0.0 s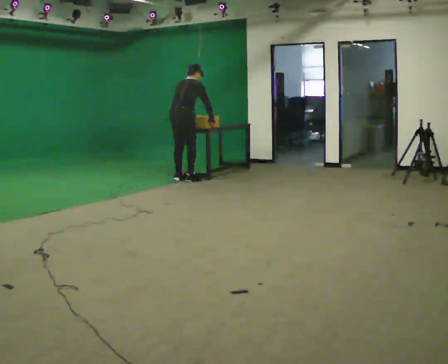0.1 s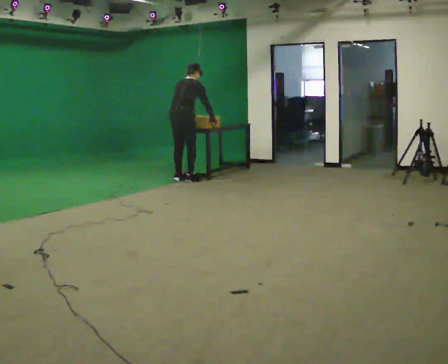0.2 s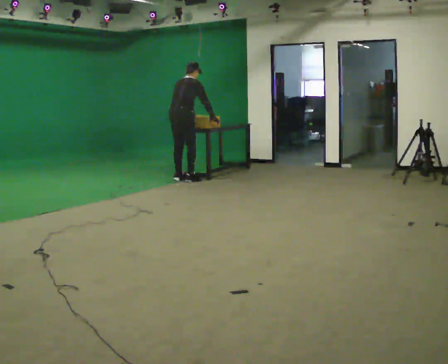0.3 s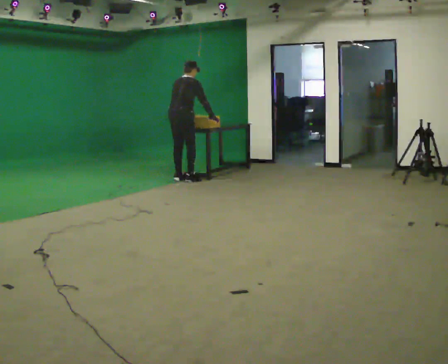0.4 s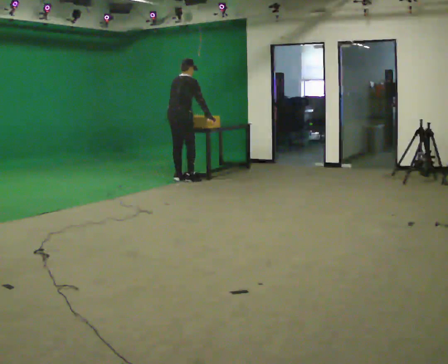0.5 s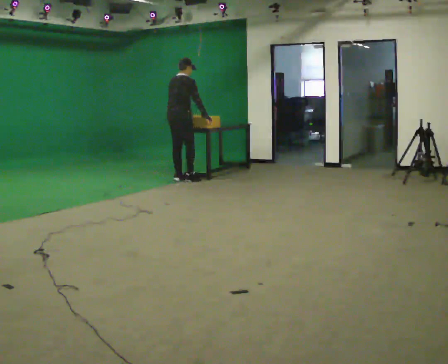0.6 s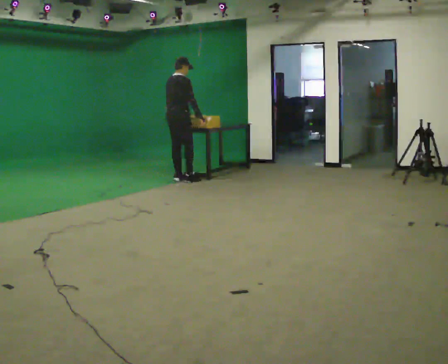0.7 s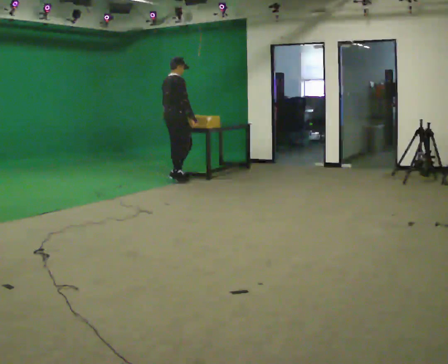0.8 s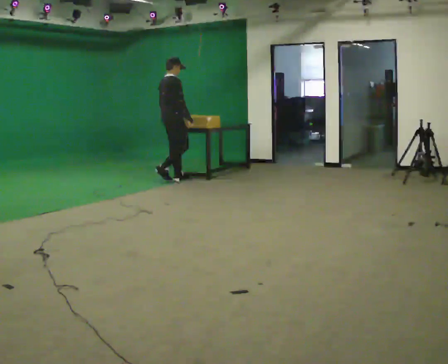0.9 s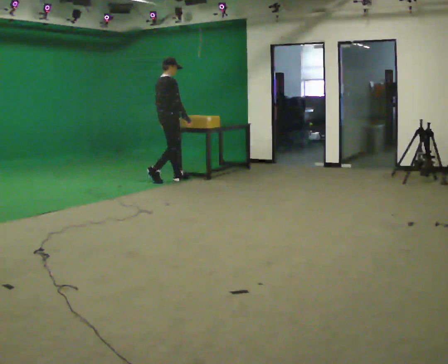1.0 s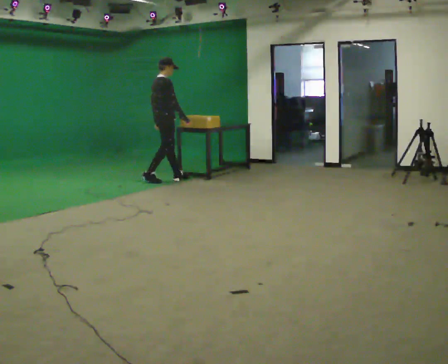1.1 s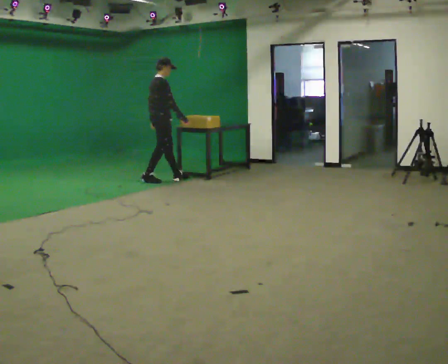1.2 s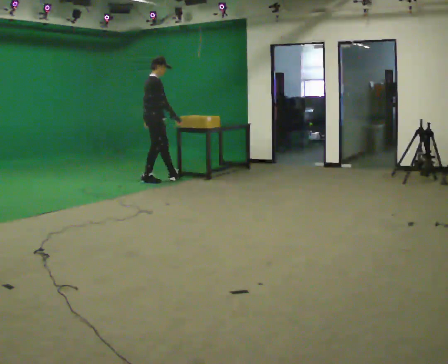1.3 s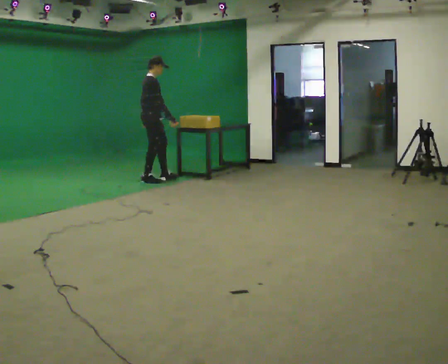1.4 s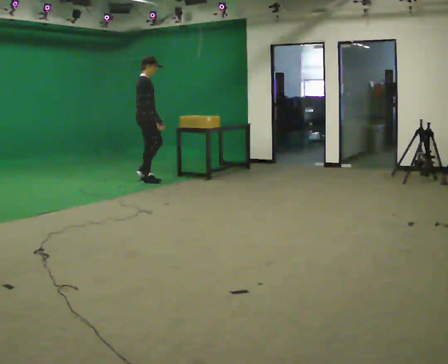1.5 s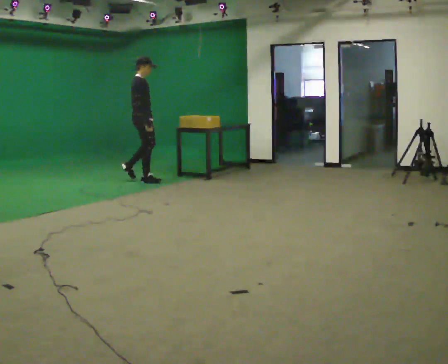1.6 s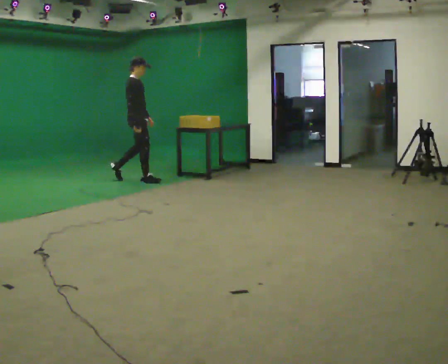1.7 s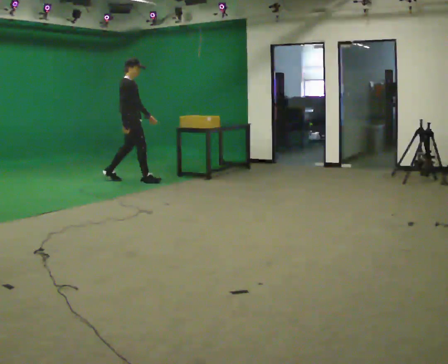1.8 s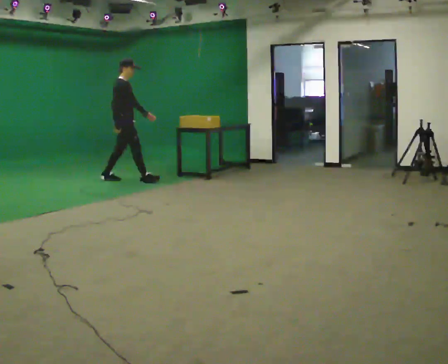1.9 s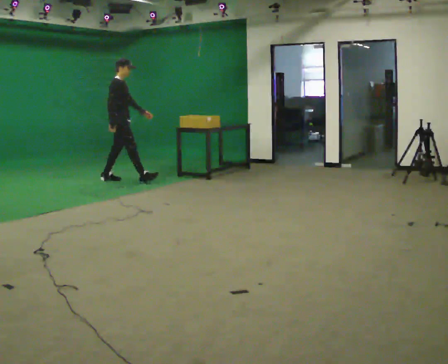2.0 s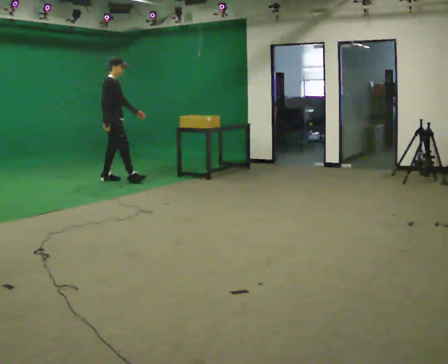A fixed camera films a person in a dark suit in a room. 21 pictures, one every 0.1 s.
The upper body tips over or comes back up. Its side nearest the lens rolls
downward.
The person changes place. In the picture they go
to the left.
0.0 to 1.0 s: The part of the body nearest the lens slides to the left as the person turns to their right by about 30 degrees. In the picture they go to the left, about 0.25 m in 1 step, which for them is to their left and backward. The upper body tips toward the camera, its near side rolling downward, as they lean back or straighten.
1.0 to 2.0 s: In the picture they go to the left, about 0.5 m in 2 steps, which for them is backward.
The film runs backward here.
